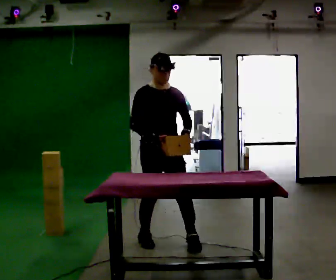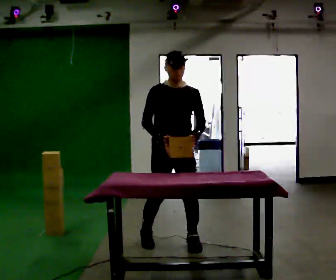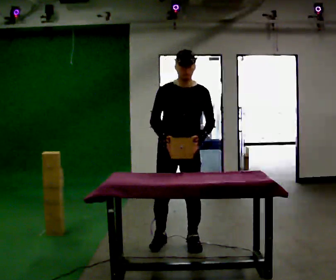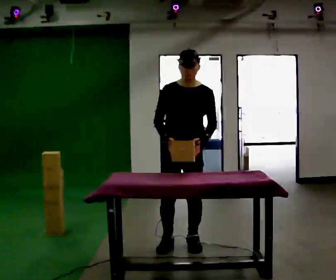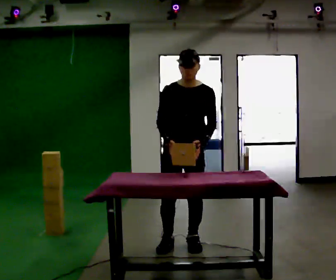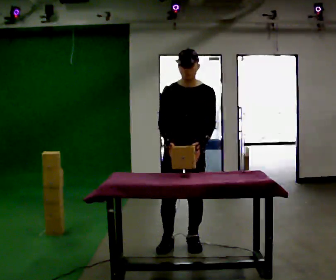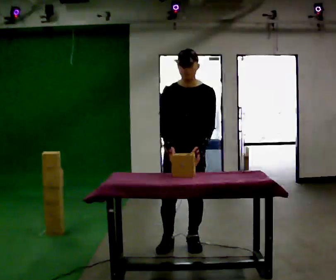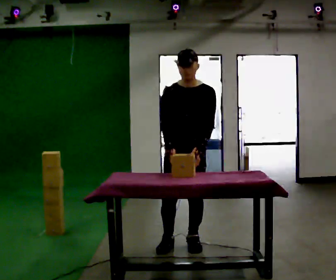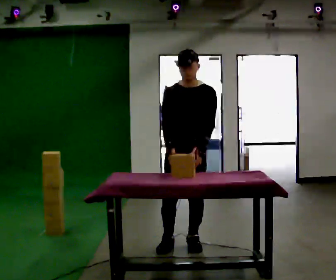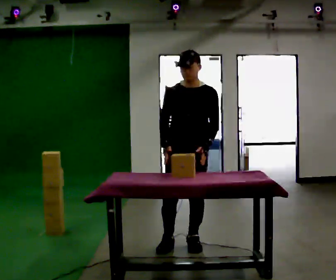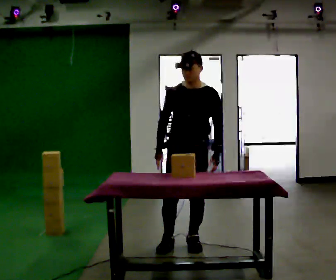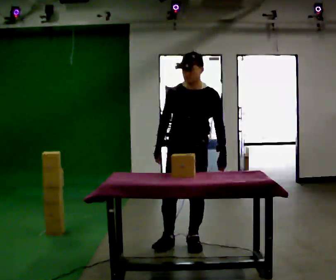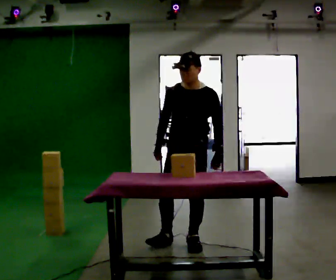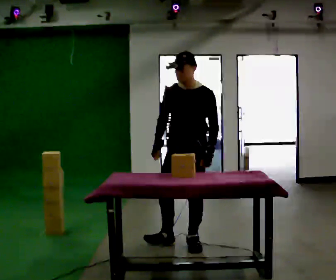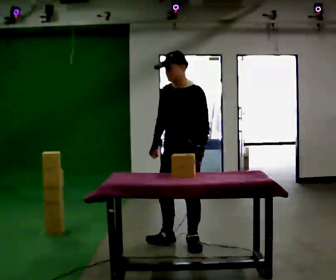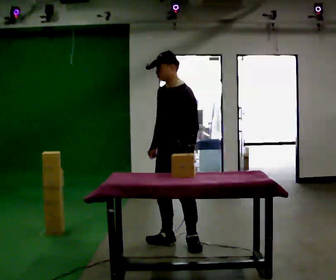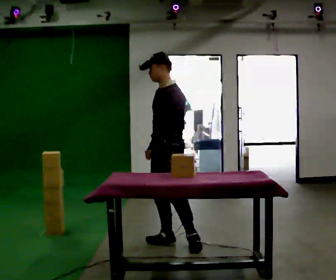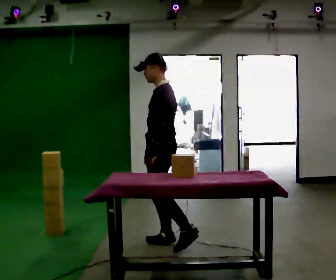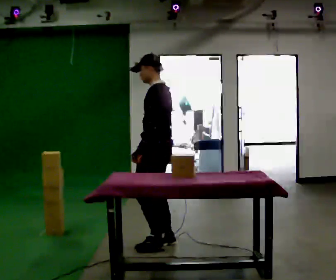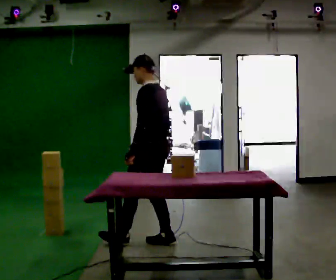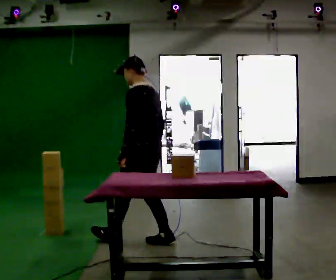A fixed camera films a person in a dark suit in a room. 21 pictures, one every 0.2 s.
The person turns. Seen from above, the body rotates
clockwise.
The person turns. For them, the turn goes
to their right.
0.0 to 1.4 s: The person turns about 30 degrees to their right, clockwise seen from above, so the part of the body nearest the lens slides to the left. In the picture they go to the right, about 0.25 m in 1 step, which for them is to their left.
1.4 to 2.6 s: The person moves a little, or ends about where they began.
2.6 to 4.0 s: The person turns about 90 degrees to their right, clockwise seen from above, so the part of the body nearest the lens slides to the left. In the picture they go to the left, about 0.5 m in 1 step.
The film runs forward here.
